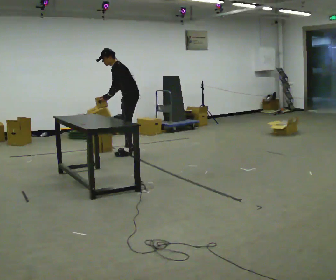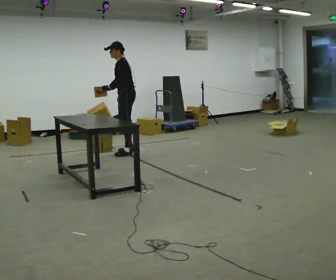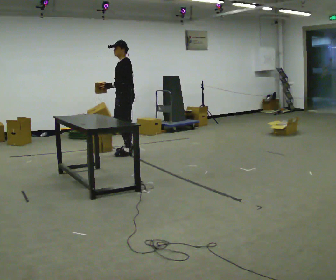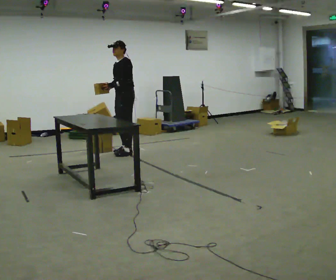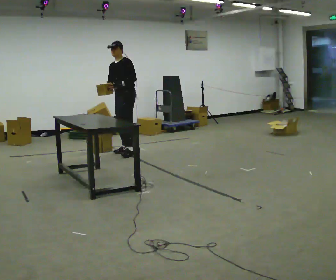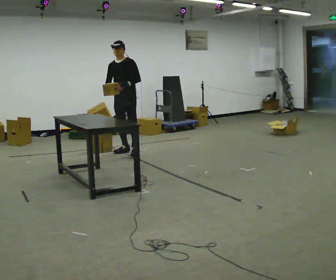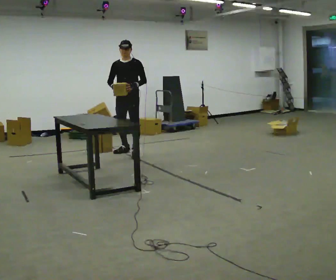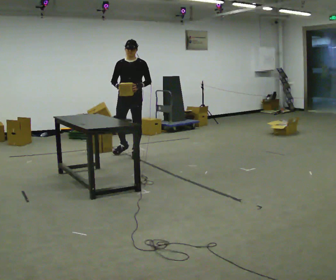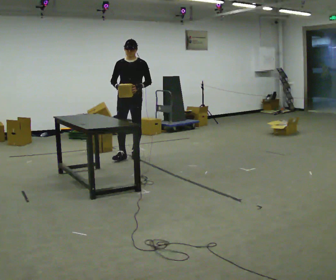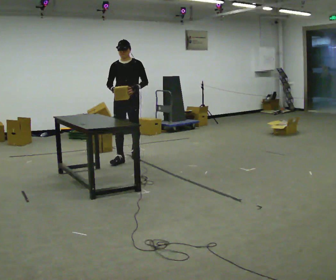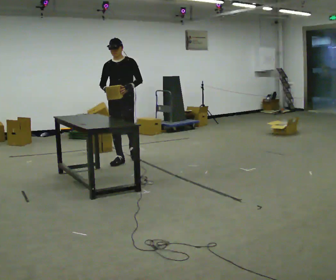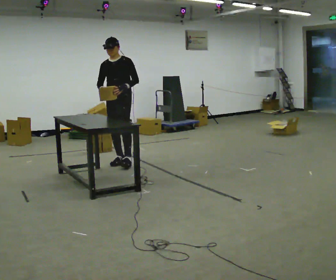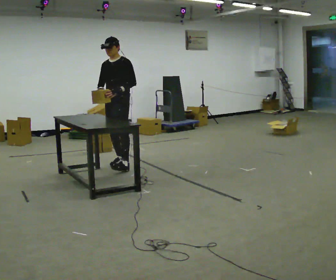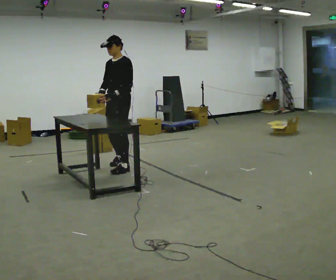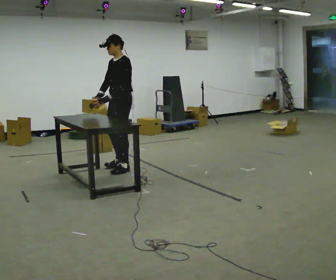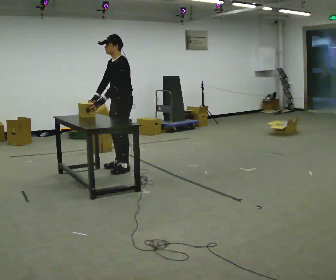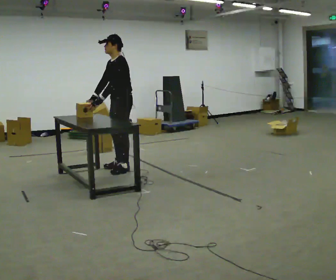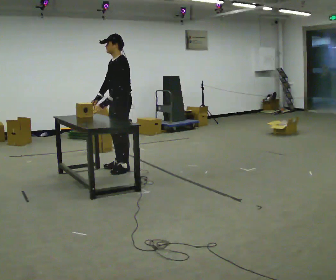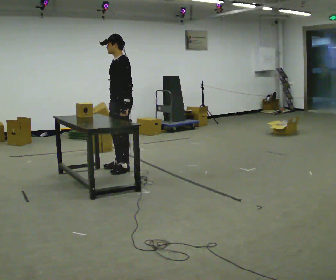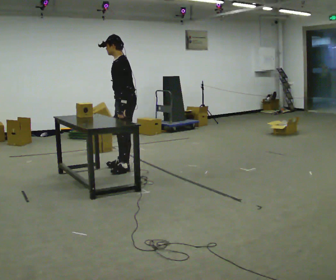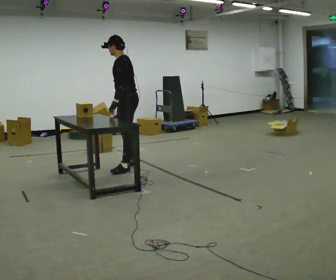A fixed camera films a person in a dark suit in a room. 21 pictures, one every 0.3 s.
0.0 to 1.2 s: The person turns about 45 degrees to their left, counterclockwise seen from above, so the part of the body nearest the lens slides to the right.
1.2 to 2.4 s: The person turns about 45 degrees to their left, counterclockwise seen from above, so the part of the body nearest the lens slides to the right. In the picture they go toward the camera, about 0.25 m, which for them is forward and to their left.
2.4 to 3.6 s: The part of the body nearest the lens slides to the left as the person turns to their right by about 30 degrees. In the picture they go toward the camera, about 0.5 m in 2 steps, which for them is forward.
3.6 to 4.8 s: The part of the body nearest the lens slides to the left as the person turns to their right by about 30 degrees. In the picture they go toward the camera, about 0.25 m in 1 step, which for them is to their left.
4.8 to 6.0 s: The person turns about 30 degrees to their right, clockwise seen from above, so the part of the body nearest the lens slides to the left. In the picture their right hand goes to the right.
The film runs forward here.
